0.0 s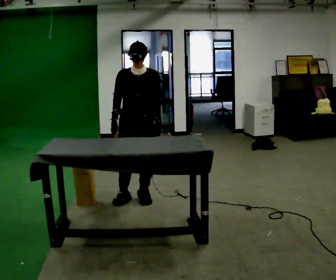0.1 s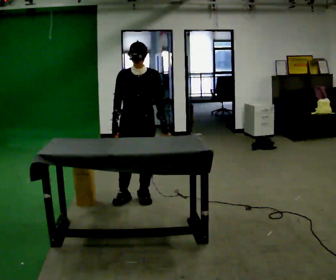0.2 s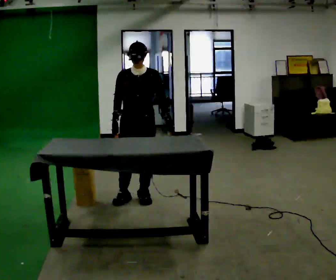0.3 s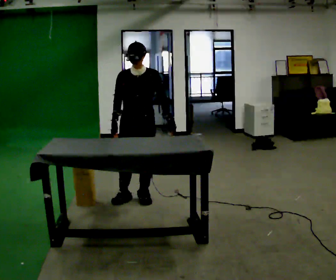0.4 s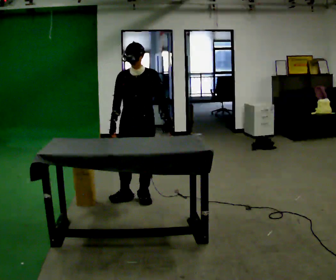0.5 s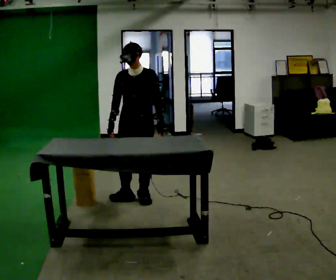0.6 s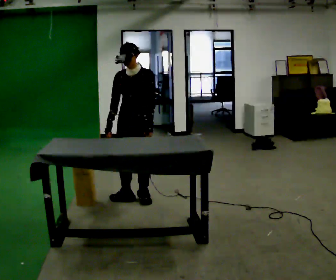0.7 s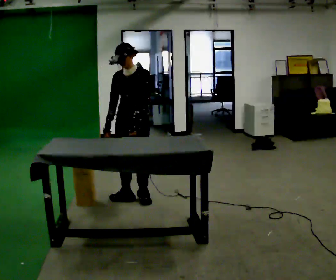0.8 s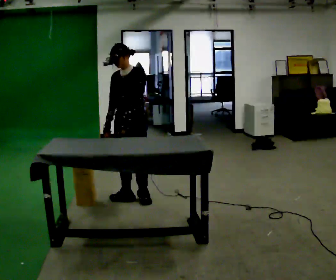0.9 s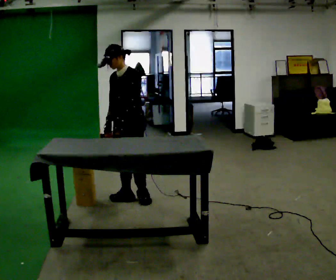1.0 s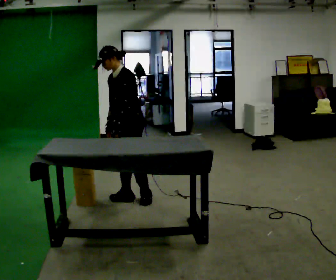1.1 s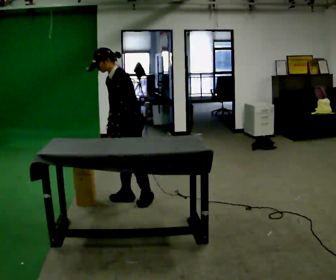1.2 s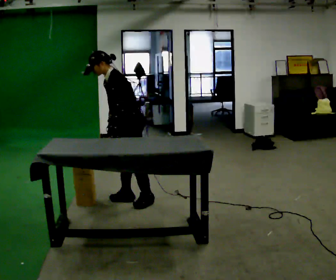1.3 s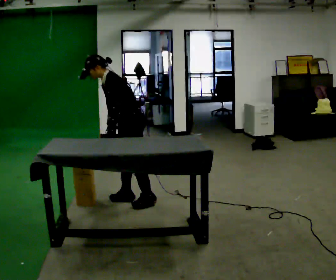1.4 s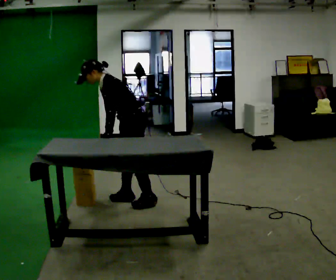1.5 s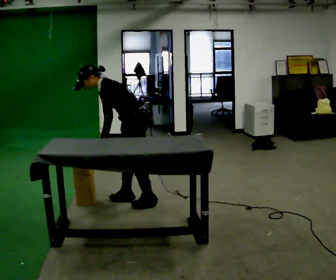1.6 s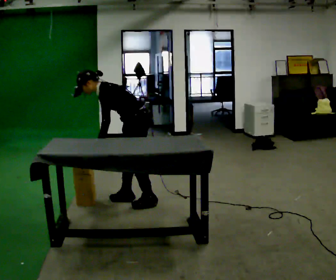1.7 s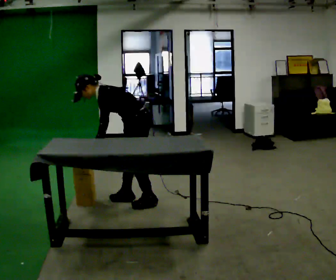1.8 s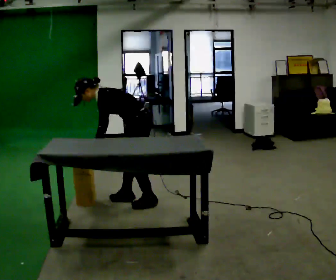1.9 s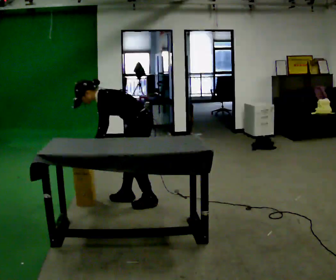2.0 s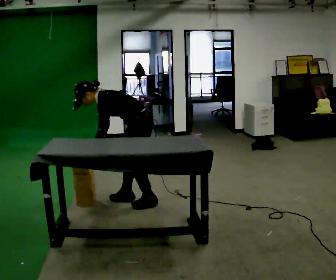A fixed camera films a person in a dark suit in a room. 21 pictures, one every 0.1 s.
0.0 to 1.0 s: The part of the body nearest the lens slides to the left as the person turns to their right by about 45 degrees. In the picture the upper body tilts counterclockwise, shoulders to the left. In the picture their left hand goes to the left.
1.0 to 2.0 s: Seen from above the body turns clockwise, about 30 degrees: to their right, with its near side sliding to the left. The upper body goes downward. In the picture the upper body tilts counterclockwise, shoulders to the left, as they bend forward.
The film runs backward here.
